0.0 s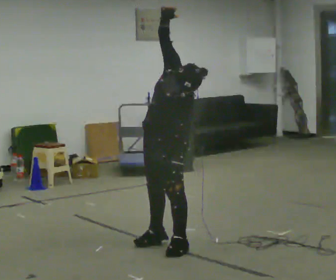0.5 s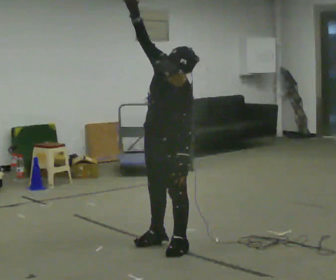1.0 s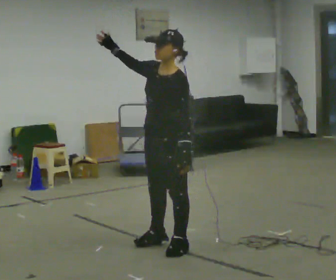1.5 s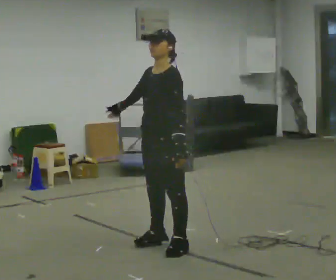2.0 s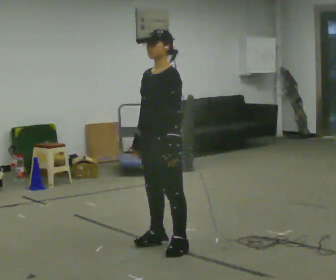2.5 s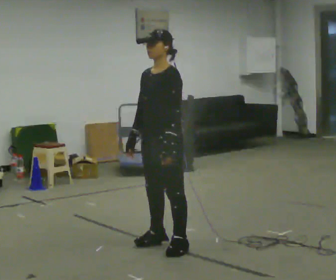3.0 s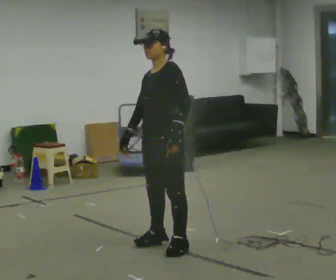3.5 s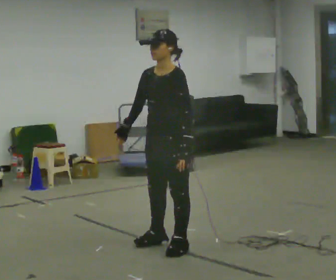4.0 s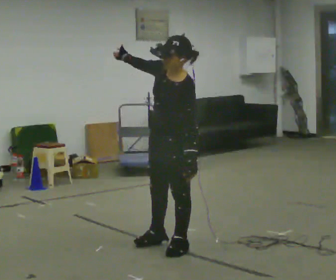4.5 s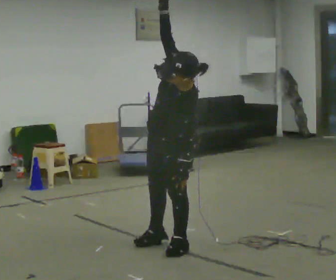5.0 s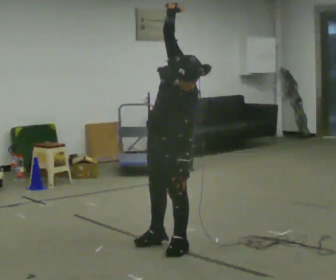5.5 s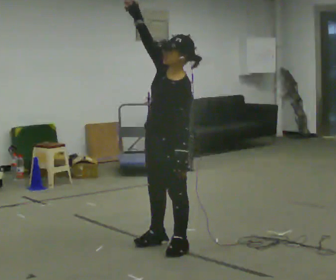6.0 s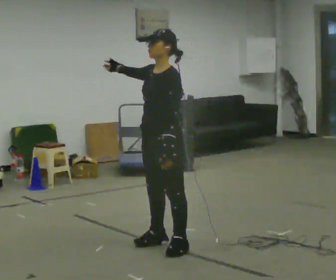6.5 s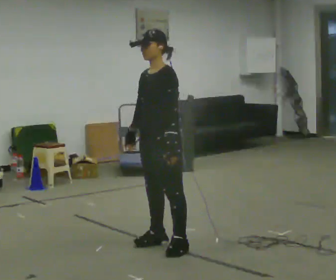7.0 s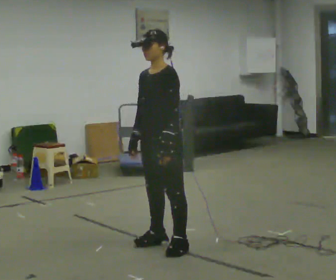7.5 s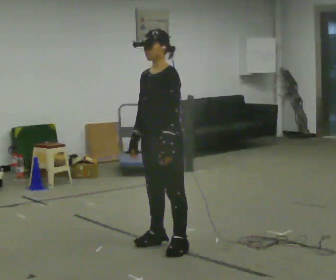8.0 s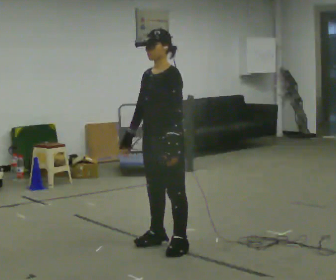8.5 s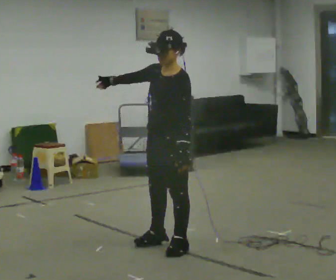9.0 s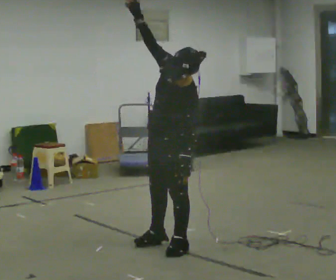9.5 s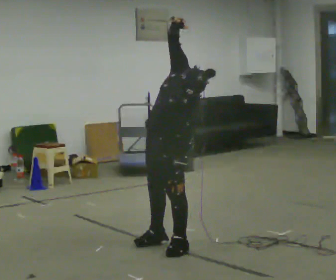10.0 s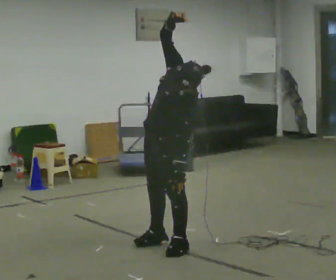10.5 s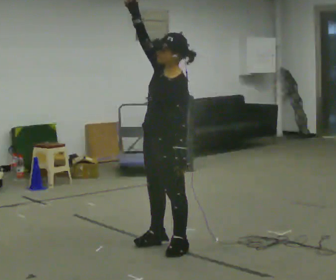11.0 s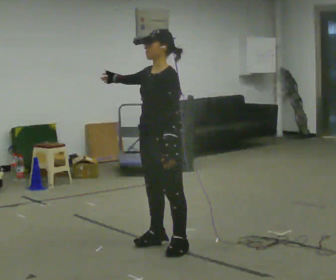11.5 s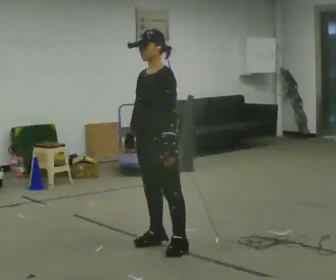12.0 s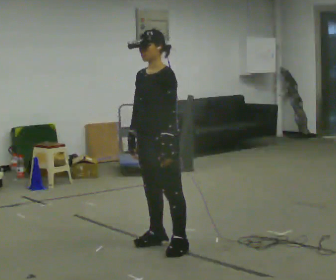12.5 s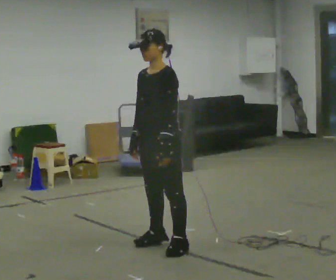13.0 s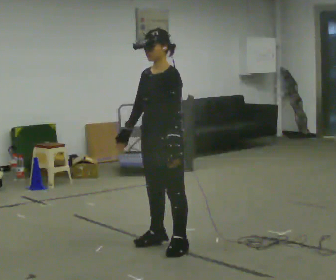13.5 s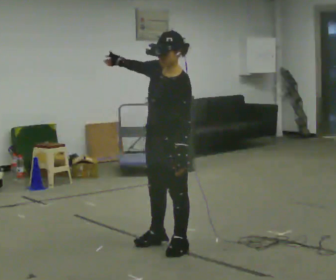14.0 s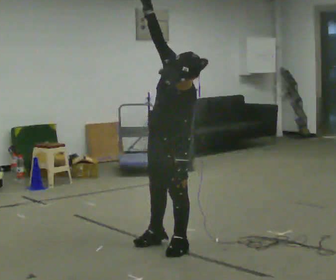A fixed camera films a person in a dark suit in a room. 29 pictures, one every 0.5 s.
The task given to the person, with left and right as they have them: Keeping your feet still and facing forward, bend your upper body sideways to one side, return upright, then bend to the other side. Reach the arm overhead as you bend. Repeat the movement at your own pace until the operator says stop; do not rush.
0.0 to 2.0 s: The upper body tips away from the camera, its near side rolling upward. In the picture their right hand goes downward, the arm swinging counterclockwise.
2.0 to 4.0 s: The upper body tips toward the camera, its near side rolling downward. In the picture their right hand goes upward, the arm swinging clockwise.
4.0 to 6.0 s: The person moves a little, or ends about where they began.
6.0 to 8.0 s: In the picture their right hand goes downward, the arm swinging counterclockwise.
8.0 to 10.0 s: The upper body tips toward the camera, its near side rolling downward. In the picture their right hand goes upward.
10.0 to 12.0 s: The upper body tips away from the camera, its near side rolling upward. In the picture their right hand goes downward, the arm swinging counterclockwise.
12.0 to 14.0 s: The upper body tips toward the camera, its near side rolling downward. In the picture their right hand goes upward, the arm swinging clockwise.
The film runs forward here.
